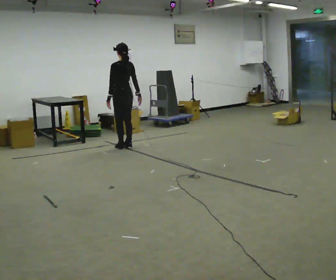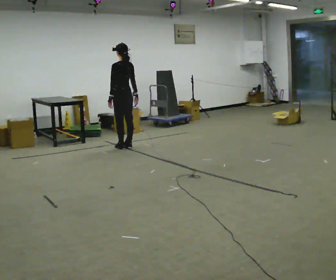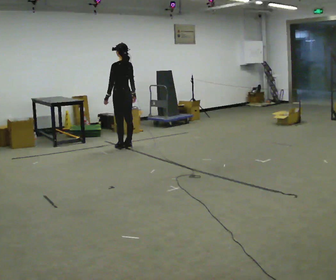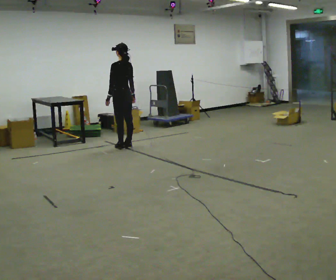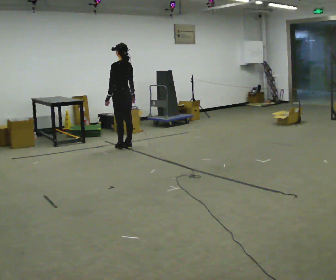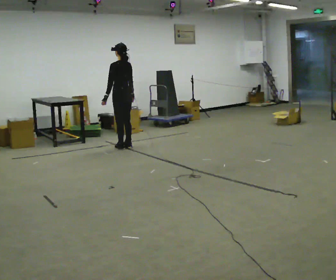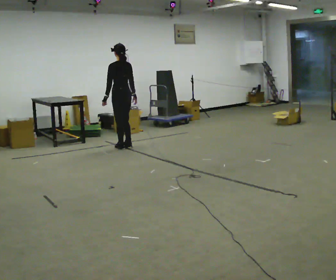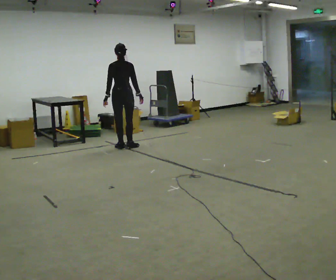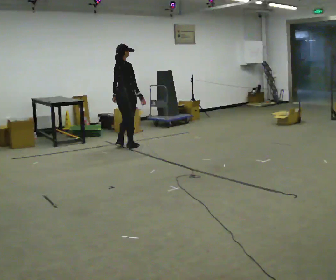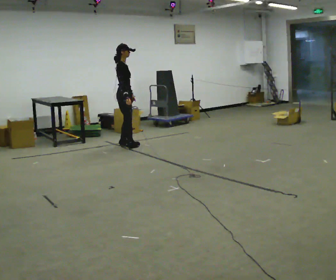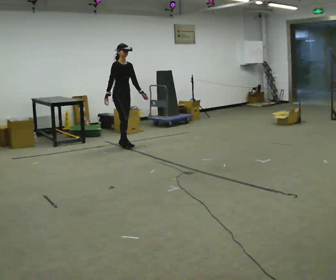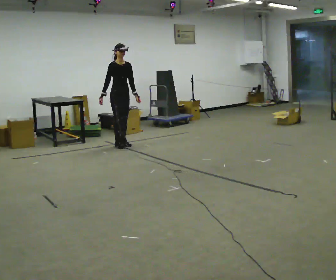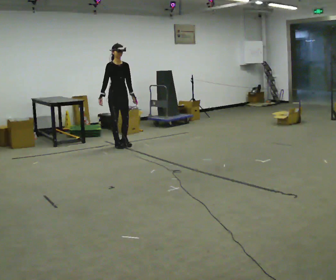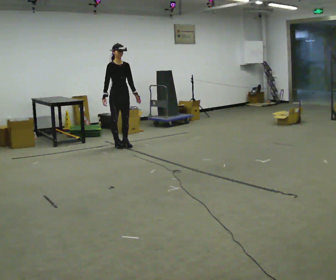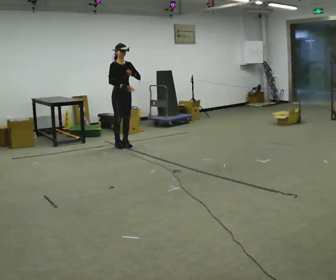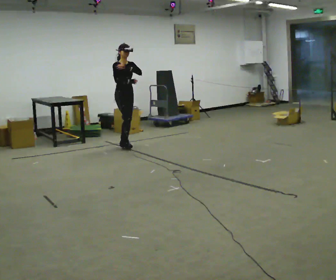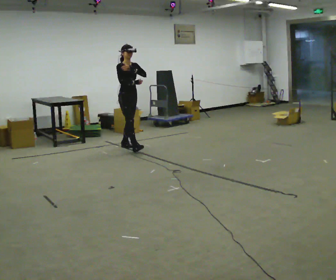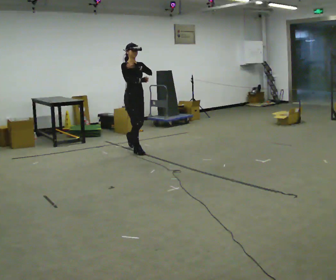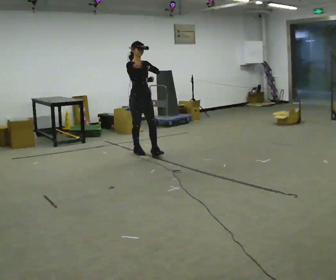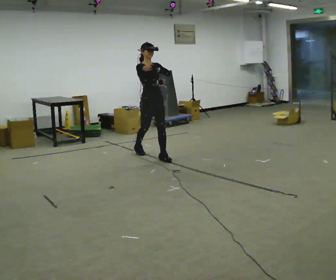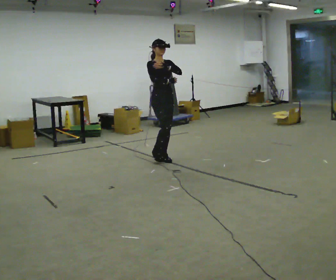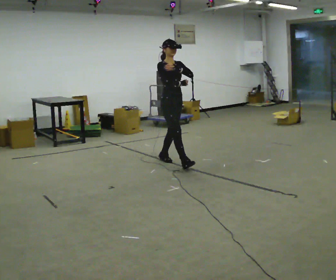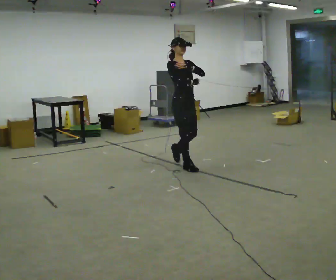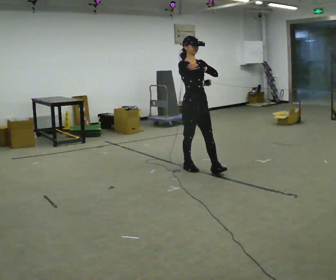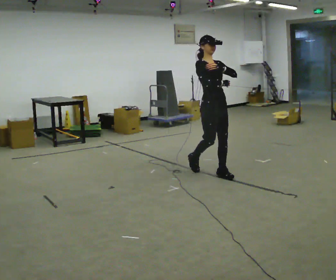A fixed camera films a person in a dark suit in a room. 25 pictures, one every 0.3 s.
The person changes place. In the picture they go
toward the camera.
0.0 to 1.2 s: The person moves a little, or ends about where they began.
1.2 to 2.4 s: The part of the body nearest the lens slides to the left as the person turns to their right by about 90 degrees.
2.4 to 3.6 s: The part of the body nearest the lens slides to the left as the person turns to their right by about 105 degrees. In the picture they go away from the camera, about 0.25 m in 2 steps. In the picture their right hand goes to the left, the arm swinging clockwise.
3.6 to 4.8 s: In the picture they go toward the camera and to the right, about 0.25 m, which for them is forward. In the picture their left hand goes upward.
4.8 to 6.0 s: In the picture they go toward the camera and to the right, about 1 m in 2 steps, which for them is forward.
6.0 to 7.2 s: In the picture they go toward the camera and to the right, about 1 m in 2 steps, which for them is forward.
The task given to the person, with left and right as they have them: Walk normally but hold both hands together in front of you at chest height; do not swing your arms; stop.
The film runs forward here.
